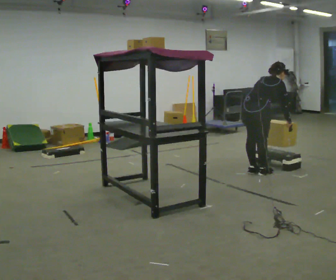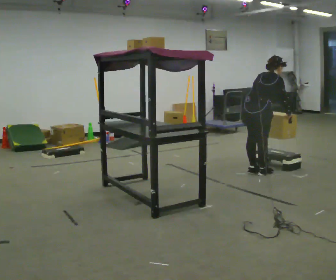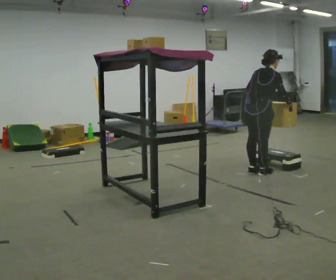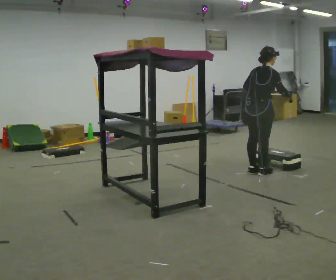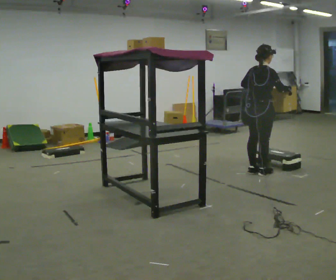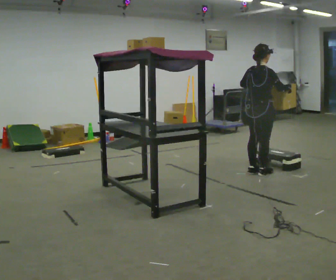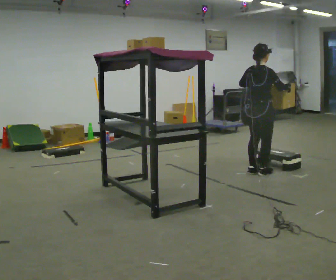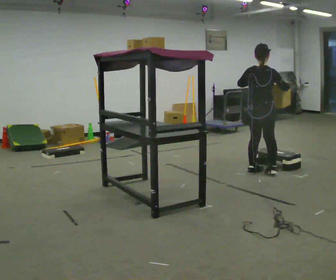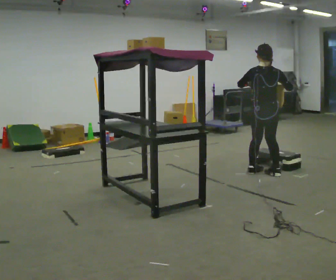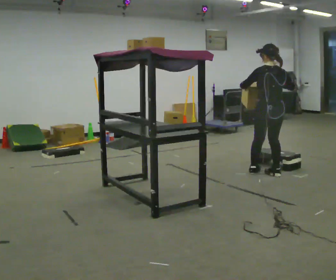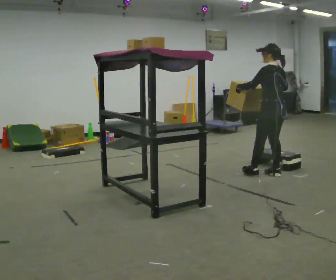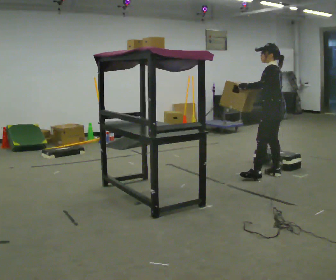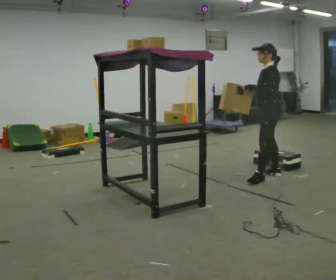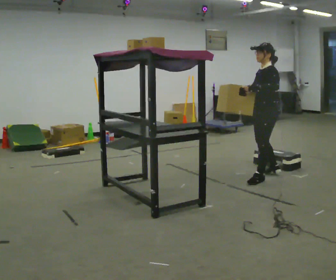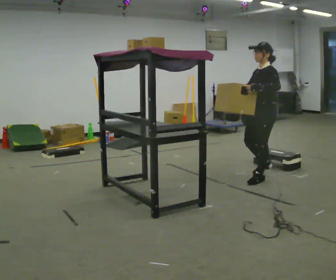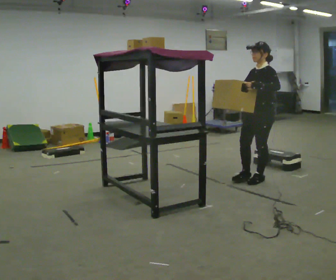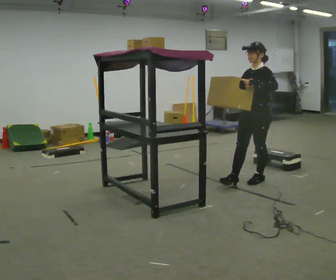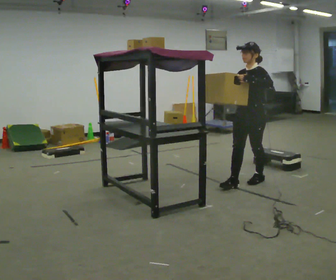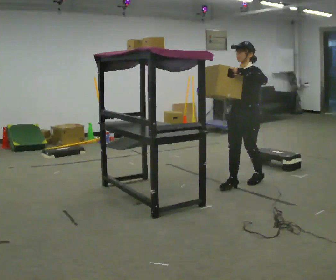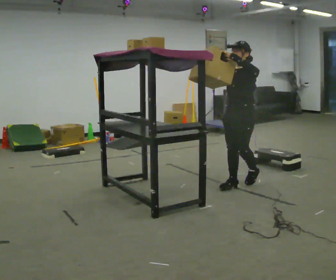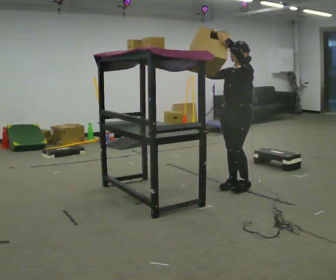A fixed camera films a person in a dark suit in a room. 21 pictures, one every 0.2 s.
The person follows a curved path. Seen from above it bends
clockwise.
The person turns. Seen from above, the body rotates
counterclockwise.
0.0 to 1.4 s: The upper body tips toward the camera, its near side rolling downward, as they lean back or straighten. In the picture their right hand goes upward.
1.4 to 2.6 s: The person turns about 135 degrees to their left, counterclockwise seen from above, so the part of the body nearest the lens slides to the right. In the picture they go toward the camera, about 0.25 m in 2 steps.
2.6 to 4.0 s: In the picture they go to the left and toward the camera, about 0.5 m in 1 step, which for them is forward. In the picture their left hand goes upward.
The film runs forward here.
